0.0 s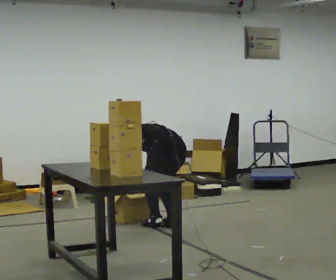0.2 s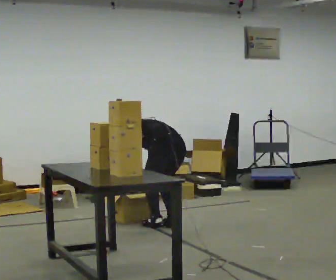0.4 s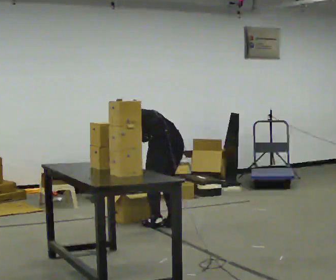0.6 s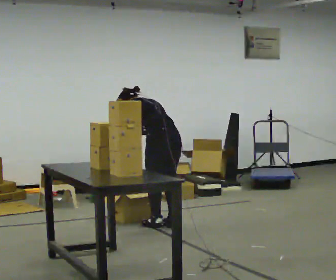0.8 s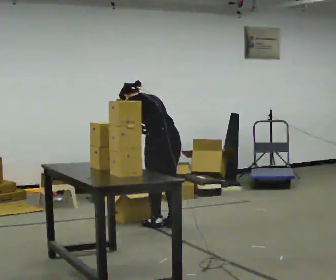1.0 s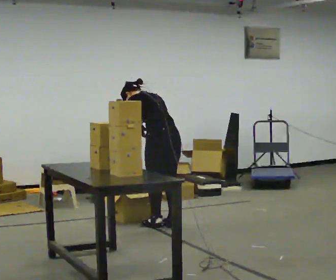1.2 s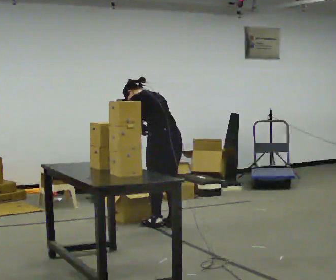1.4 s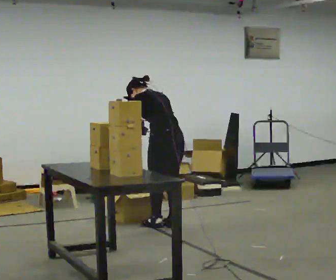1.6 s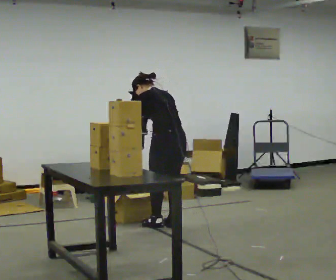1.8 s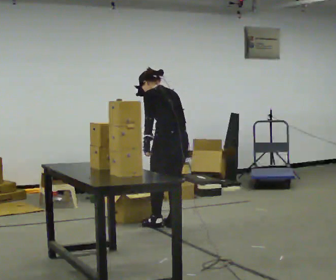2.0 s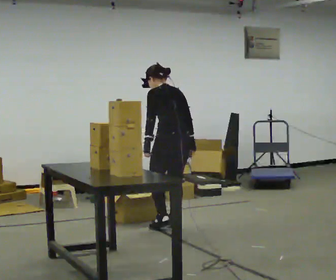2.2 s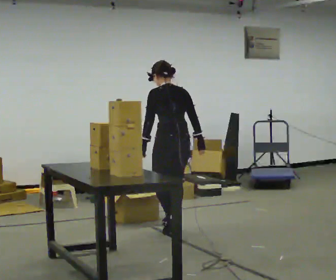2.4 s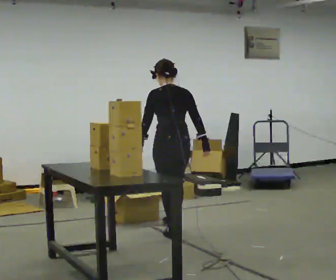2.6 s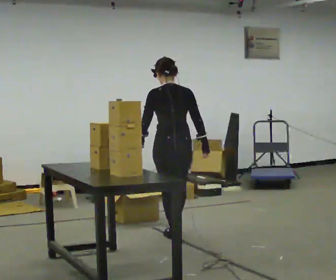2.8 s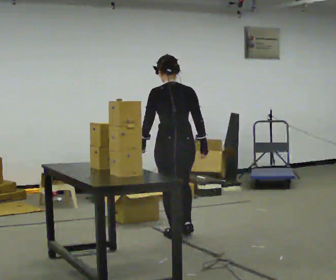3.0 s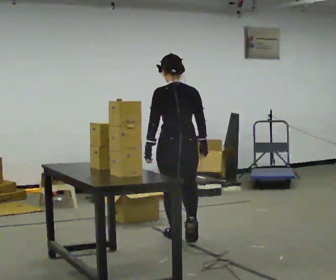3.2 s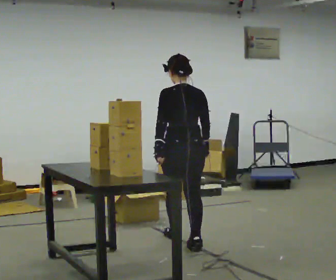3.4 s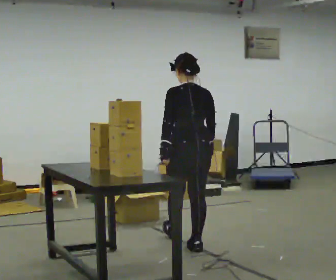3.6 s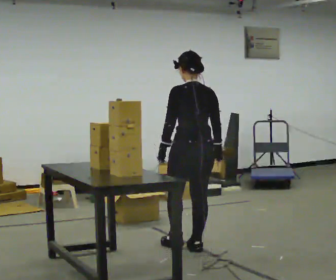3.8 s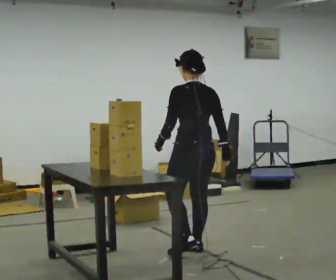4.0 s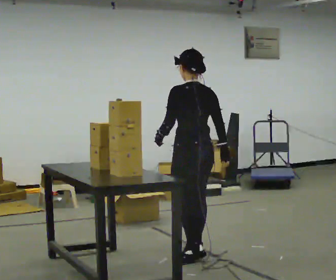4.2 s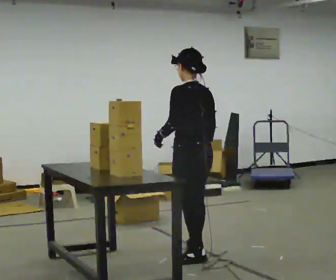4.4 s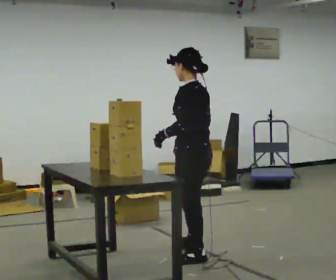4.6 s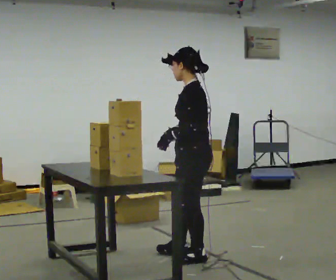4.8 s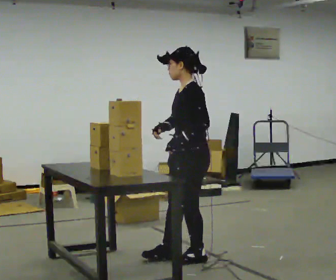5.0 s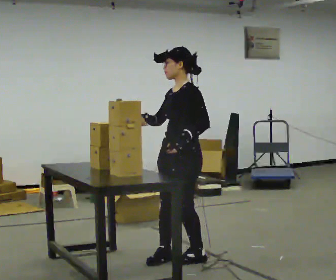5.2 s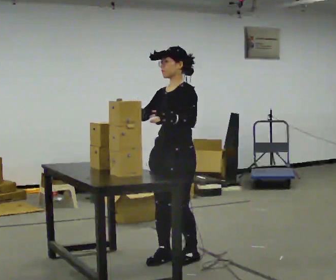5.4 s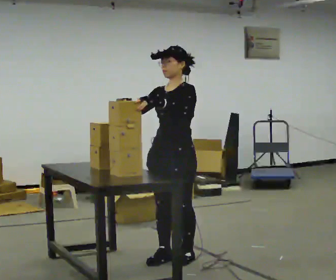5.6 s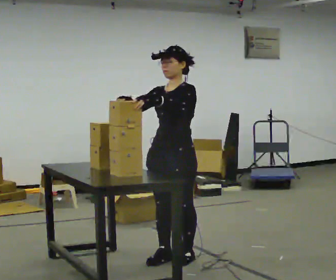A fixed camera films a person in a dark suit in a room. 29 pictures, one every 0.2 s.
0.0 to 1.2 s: The shoulders move upward. In the picture the upper body tilts clockwise, shoulders to the right, as they lean back or straighten.
1.2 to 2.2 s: In the picture the upper body tilts clockwise, shoulders to the right, as they lean back or straighten.
2.2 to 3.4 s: In the picture they go toward the camera, about 0.5 m in 2 steps, which for them is backward.
3.4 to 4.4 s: Seen from above the body turns counterclockwise, about 60 degrees: to their left, with its near side sliding to the right. In the picture they go toward the camera, about 0.5 m, which for them is backward and to their left.
4.4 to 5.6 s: Seen from above the body turns counterclockwise, about 75 degrees: to their left, with its near side sliding to the right. In the picture they go to the left, about 0.25 m in 1 step. In the picture their right hand goes to the left and upward, the arm swinging clockwise.
The film runs backward here.
